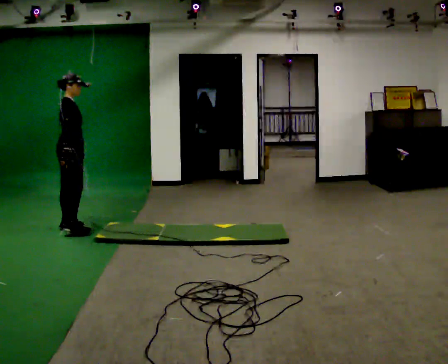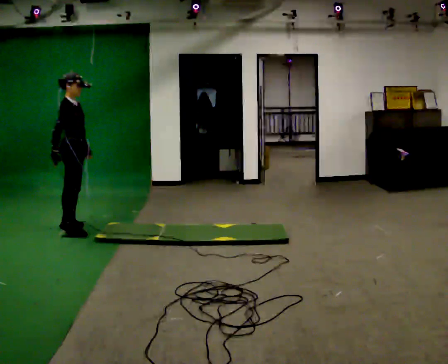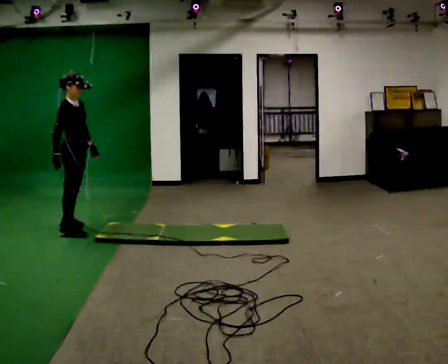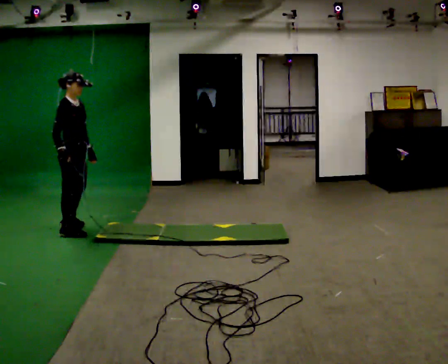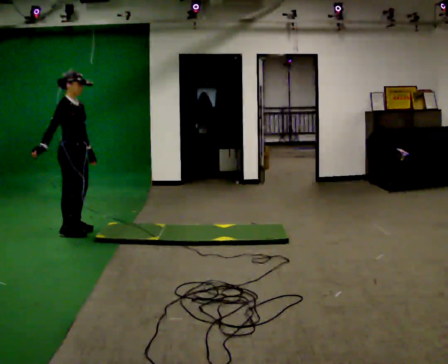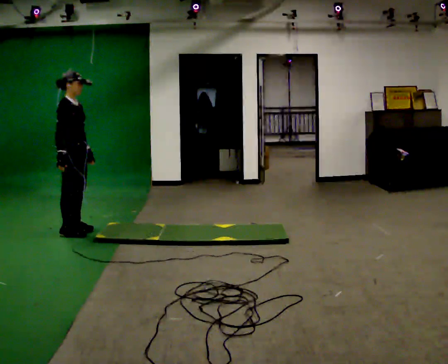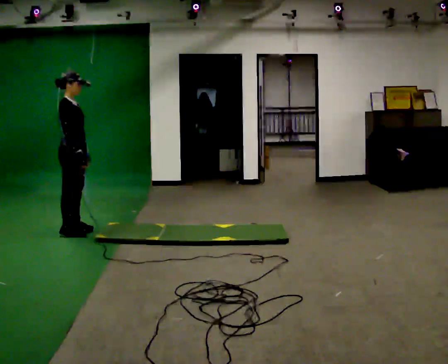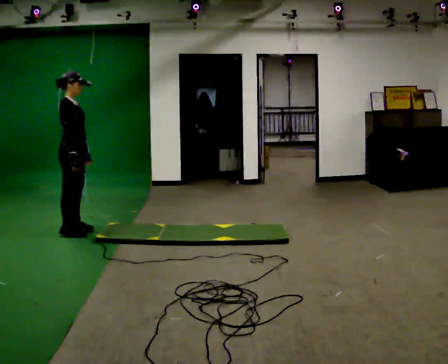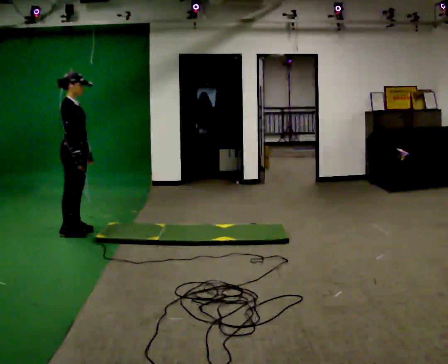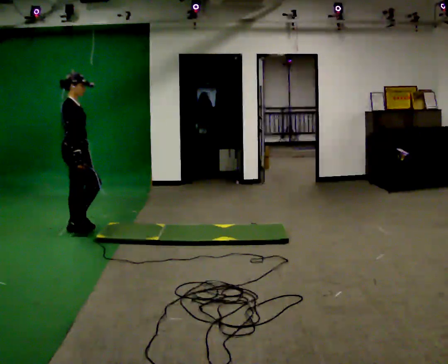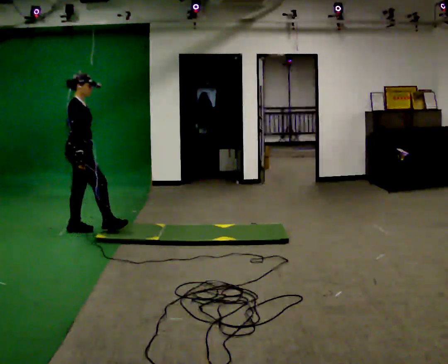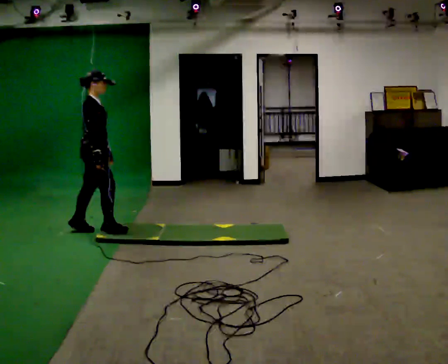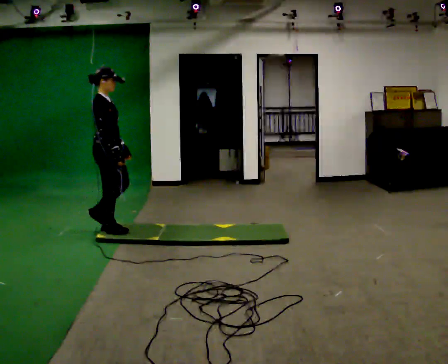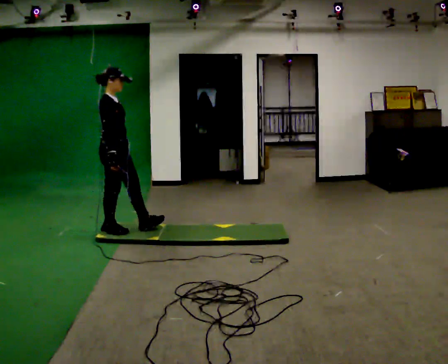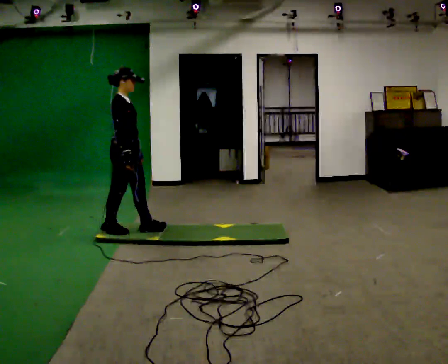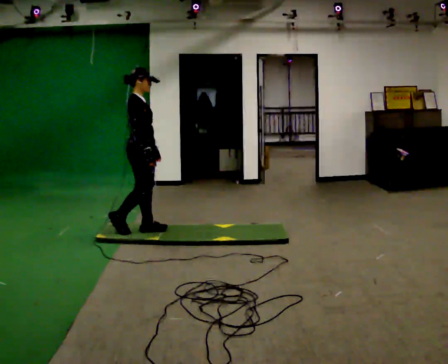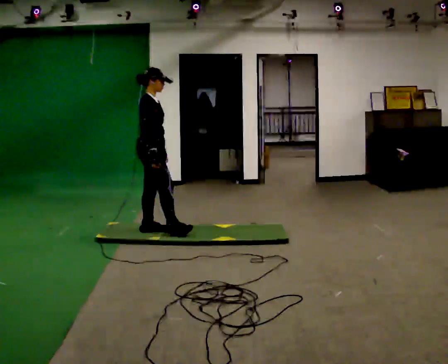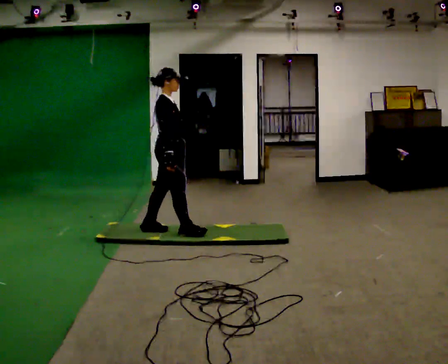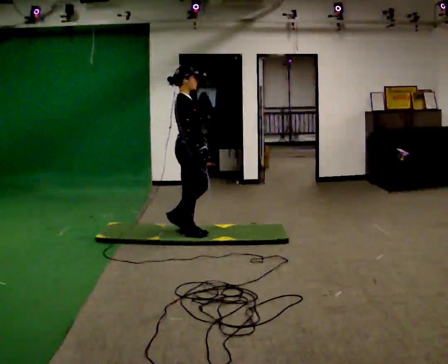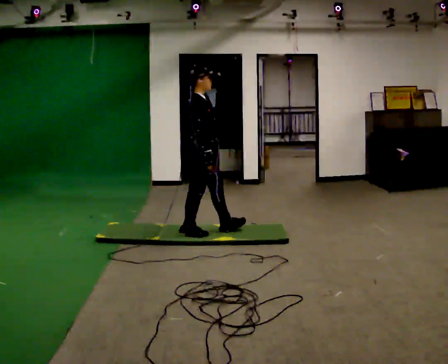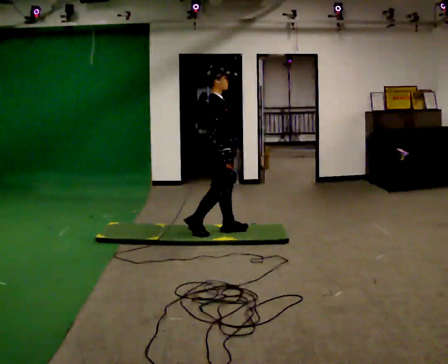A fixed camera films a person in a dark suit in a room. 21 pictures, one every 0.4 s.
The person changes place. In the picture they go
to the right.
0.0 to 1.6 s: Seen from above the body turns clockwise, about 30 degrees: to their right, with its near side sliding to the left. In the picture they go toward the camera, about 0.25 m, which for them is to their right.
1.6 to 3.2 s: In the picture their right hand goes to the right, the arm swinging counterclockwise.
3.2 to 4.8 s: In the picture they go to the right and toward the camera, about 0.25 m in 1 step, which for them is forward.
4.8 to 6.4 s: In the picture they go to the right, about 0.5 m in 1 step, which for them is forward.
6.4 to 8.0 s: In the picture they go to the right, about 0.75 m in 2 steps, which for them is forward.
The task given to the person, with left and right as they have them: Walk across the soft uneven mat at a comfortable speed; continue walking normally after you leave it.
The film runs forward here.
